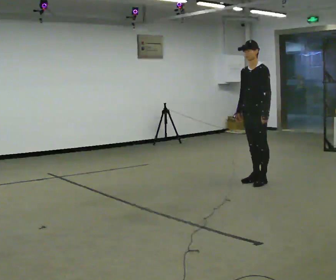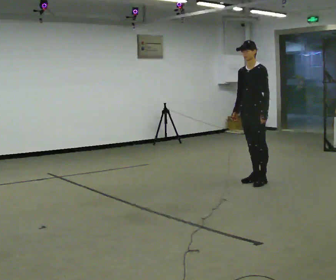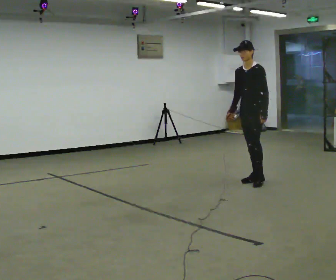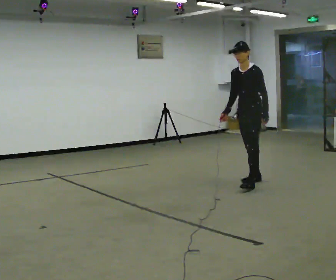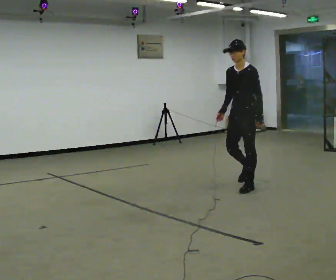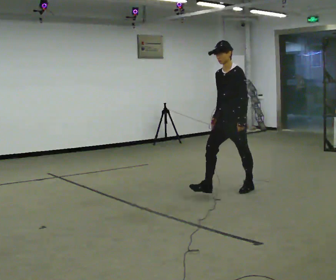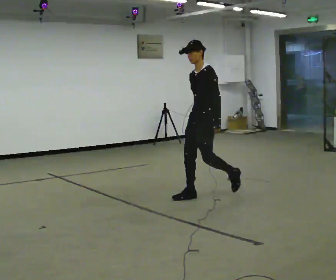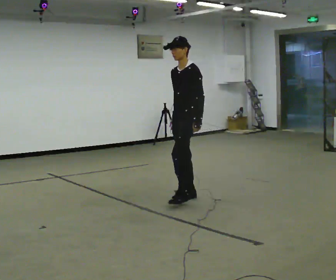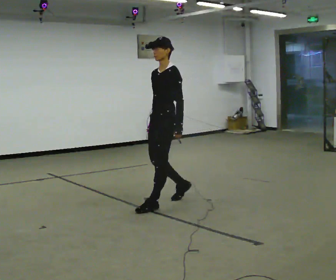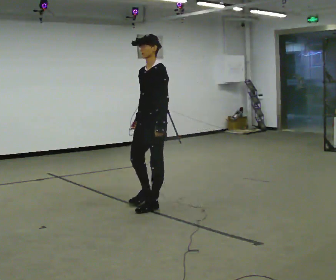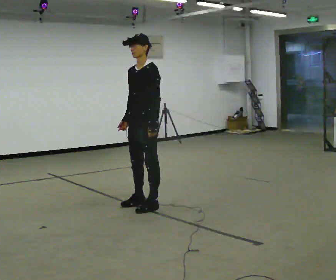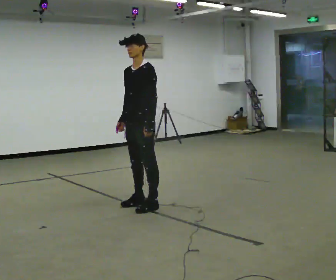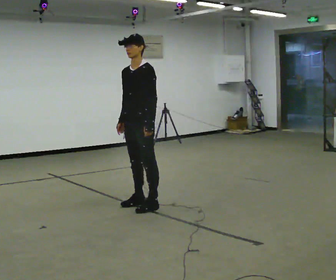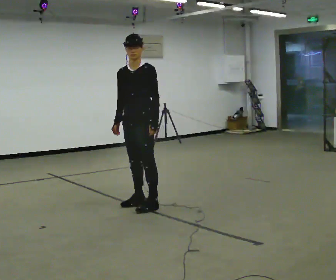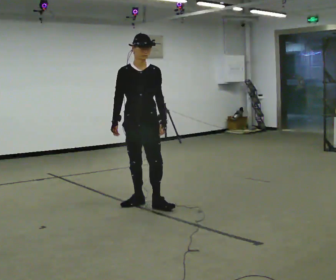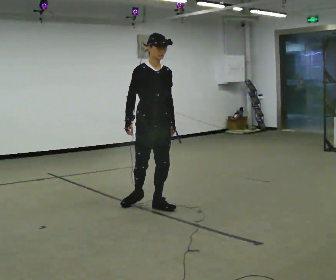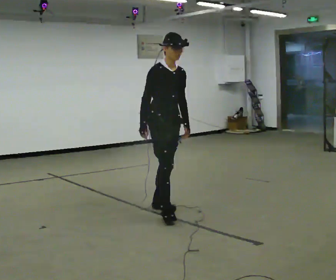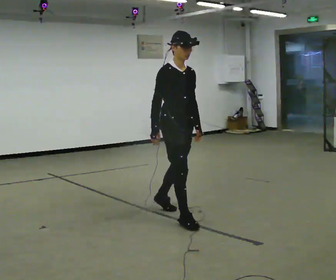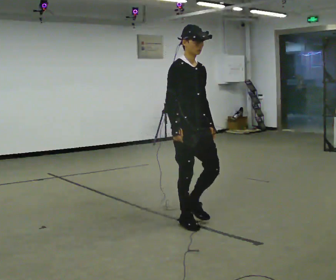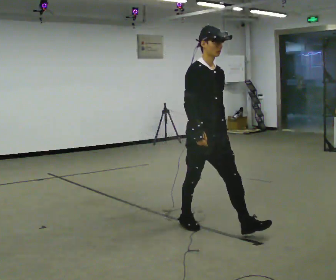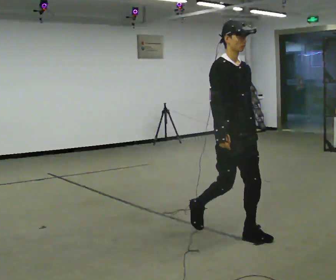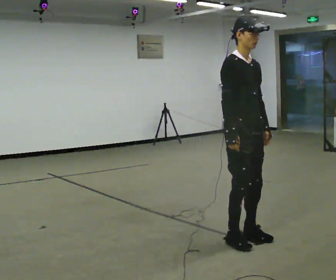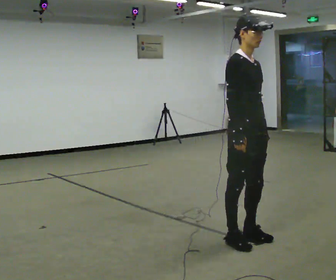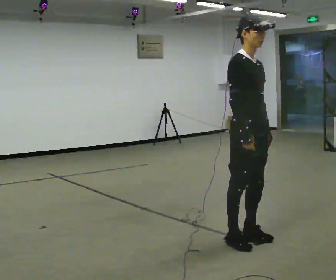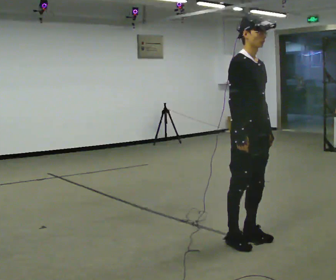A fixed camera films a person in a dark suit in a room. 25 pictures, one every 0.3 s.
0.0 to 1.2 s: In the picture they go toward the camera and to the left, about 0.25 m in 1 step, which for them is forward.
1.2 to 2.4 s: In the picture they go to the left and toward the camera, about 1 m in 2 steps, which for them is forward.
2.4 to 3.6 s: In the picture they go to the left, about 0.25 m in 1 step, which for them is forward and to their right.
3.6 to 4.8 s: The person turns about 90 degrees to their left, counterclockwise seen from above, so the part of the body nearest the lens slides to the right. In the picture they go toward the camera and to the right, about 0.25 m.
4.8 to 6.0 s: In the picture they go toward the camera and to the right, about 1 m in 2 steps, which for them is forward.
6.0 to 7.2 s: In the picture they go toward the camera, about 0.25 m in 1 step, which for them is forward.
The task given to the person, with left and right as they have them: Walk; stop fully; turn 90° left/right while standing; walk new direction.
The film runs forward here.
